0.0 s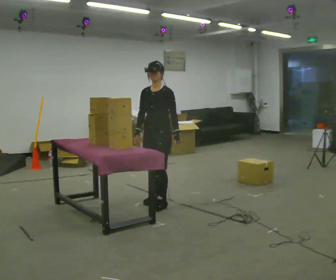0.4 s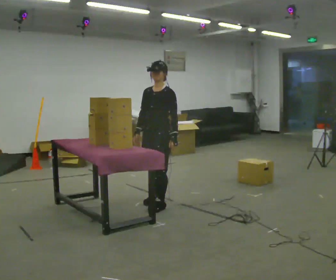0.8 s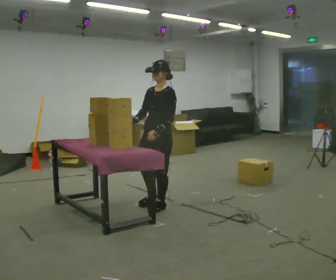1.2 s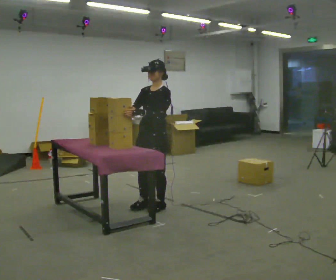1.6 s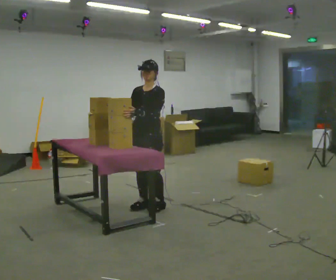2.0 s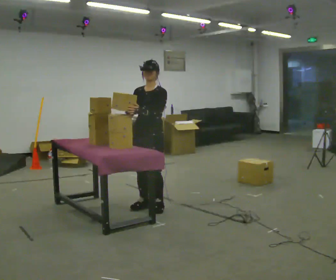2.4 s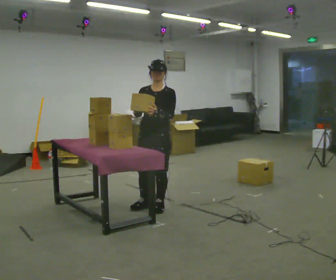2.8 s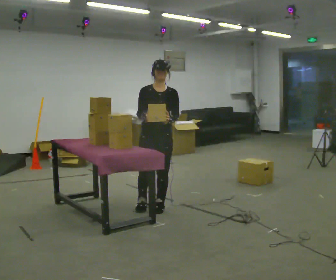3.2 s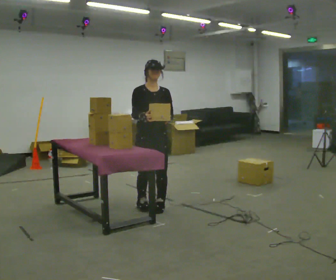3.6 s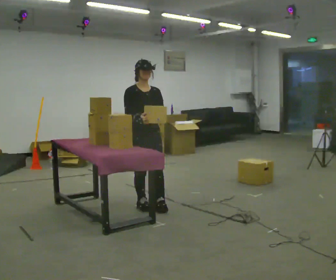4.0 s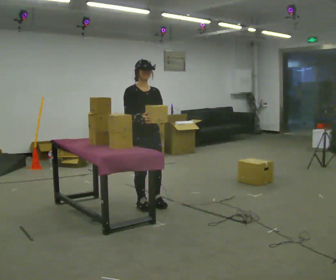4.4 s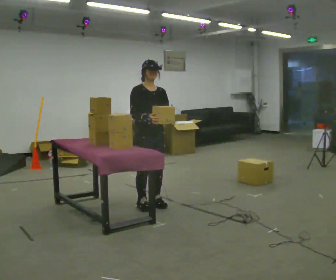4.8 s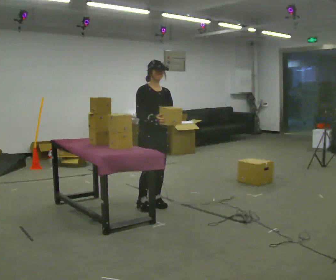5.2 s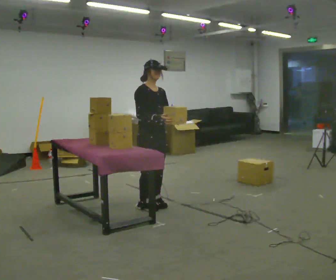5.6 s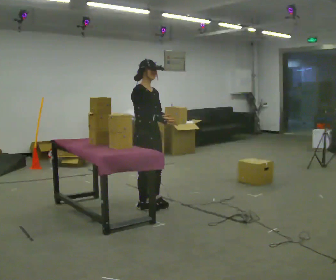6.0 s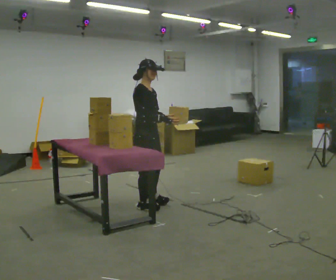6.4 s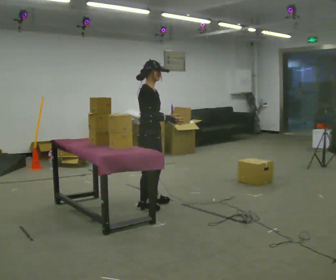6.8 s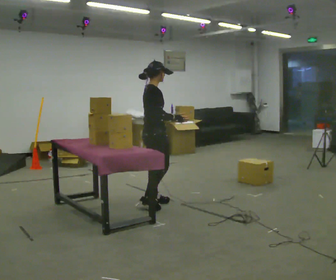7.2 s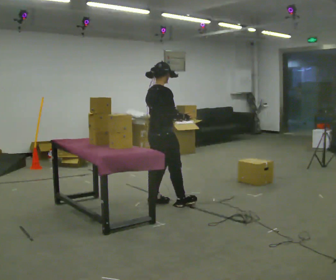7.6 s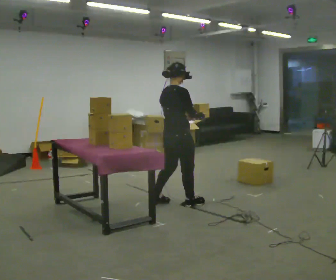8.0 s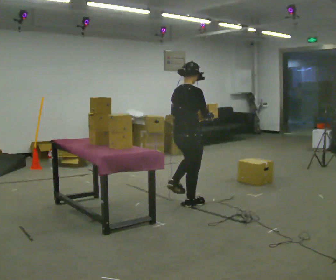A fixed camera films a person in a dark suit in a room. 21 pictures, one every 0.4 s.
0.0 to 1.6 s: In the picture they go toward the camera, about 0.25 m in 2 steps, which for them is forward. In the picture their left hand goes to the left.
1.6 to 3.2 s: Seen from above the body turns counterclockwise, about 45 degrees: to their left, with its near side sliding to the right.
3.2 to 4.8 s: The person moves a little, or ends about where they began.
4.8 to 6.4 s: The part of the body nearest the lens slides to the right as the person turns to their left by about 45 degrees.
6.4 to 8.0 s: Seen from above the body turns counterclockwise, about 45 degrees: to their left, with its near side sliding to the right. In the picture they go to the right, about 0.5 m in 1 step, which for them is forward and to their right.
The film runs forward here.
